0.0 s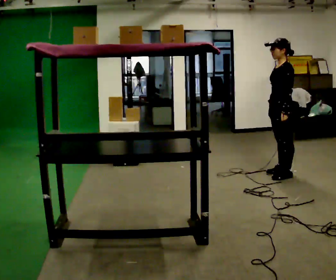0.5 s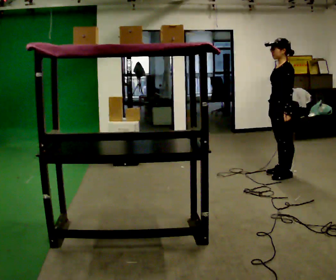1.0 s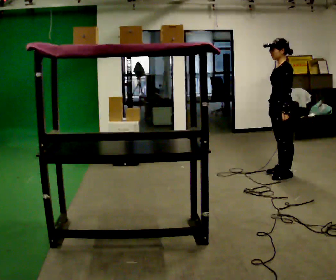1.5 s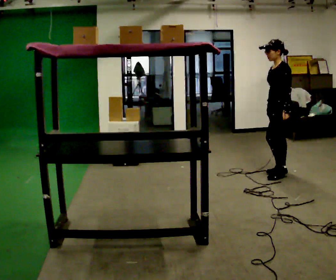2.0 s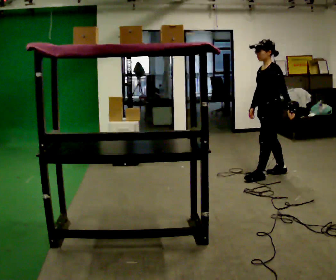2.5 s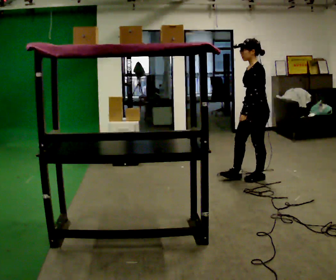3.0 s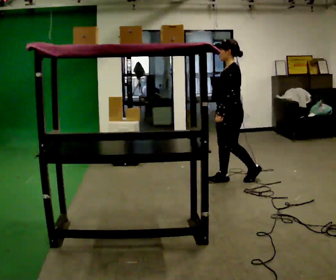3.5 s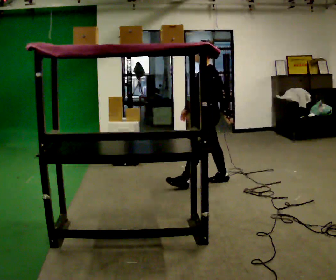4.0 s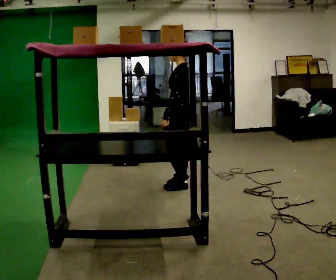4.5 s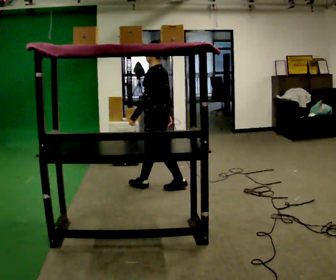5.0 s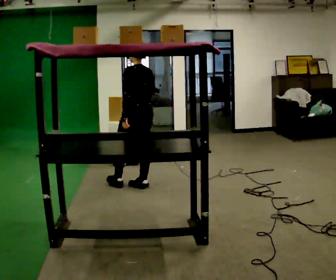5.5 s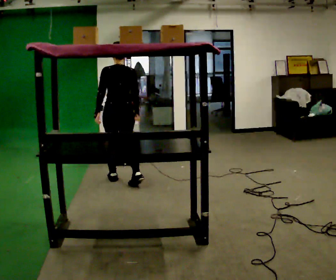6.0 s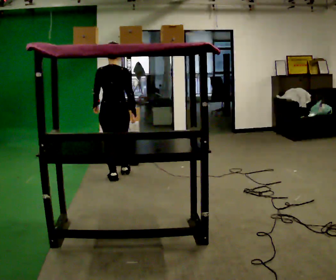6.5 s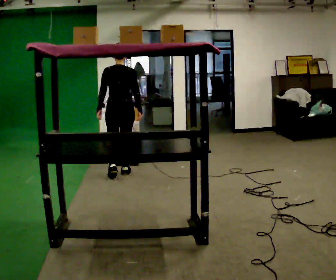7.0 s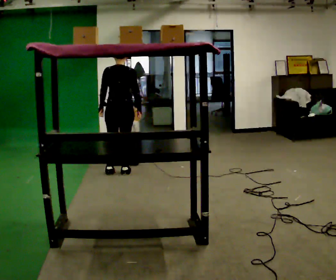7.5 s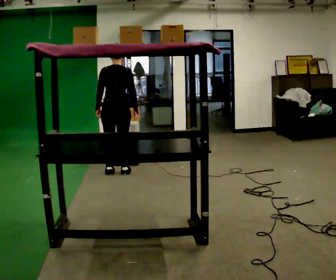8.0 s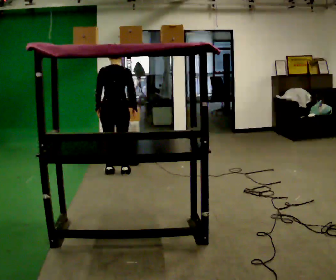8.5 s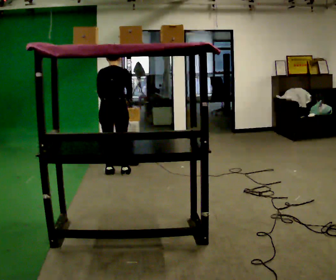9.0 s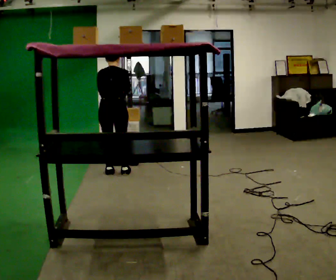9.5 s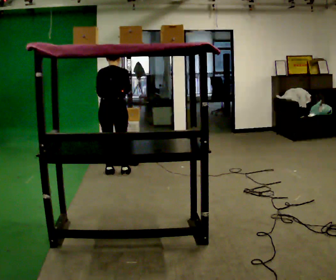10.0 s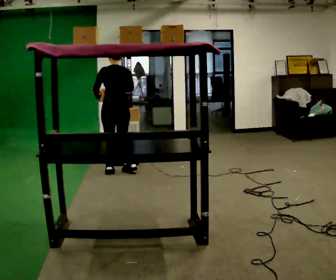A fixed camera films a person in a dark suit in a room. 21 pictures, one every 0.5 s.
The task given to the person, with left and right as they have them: Take an object from the waist-height shelf, carry it across the room, and place it on the highest shelf you can comfortably reach. Keep going until the operator says stop; one object at a time, and do not rush between trips.
0.0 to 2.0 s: The person moves a little, or ends about where they began.
2.0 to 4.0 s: In the picture they go to the left, about 1 m in 2 steps, which for them is forward.
4.0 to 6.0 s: The person turns about 90 degrees to their right, clockwise seen from above, so the part of the body nearest the lens slides to the left. In the picture they go to the left and away from the camera, about 1 m in 2 steps.
6.0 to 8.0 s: In the picture they go away from the camera, about 0.25 m in 2 steps, which for them is forward.
8.0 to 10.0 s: The person moves a little, or ends about where they began.
The film runs forward here.
